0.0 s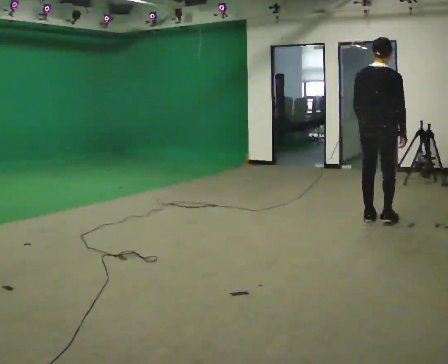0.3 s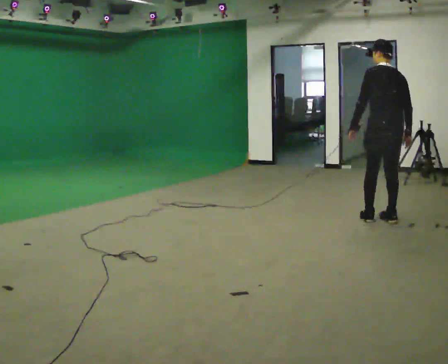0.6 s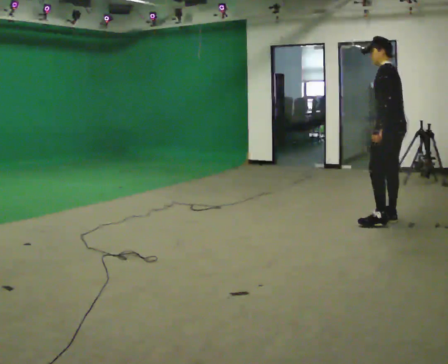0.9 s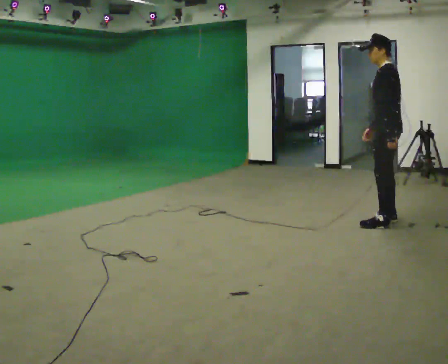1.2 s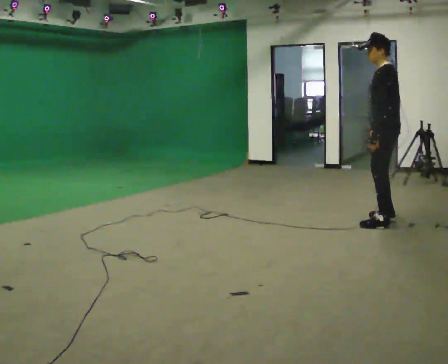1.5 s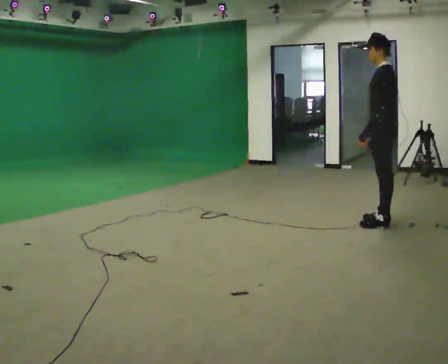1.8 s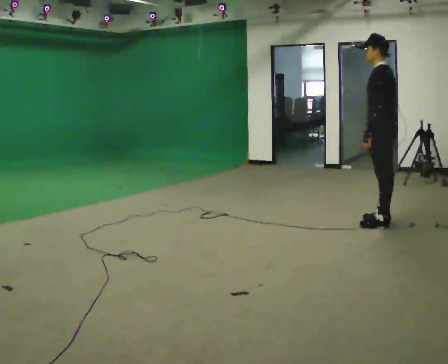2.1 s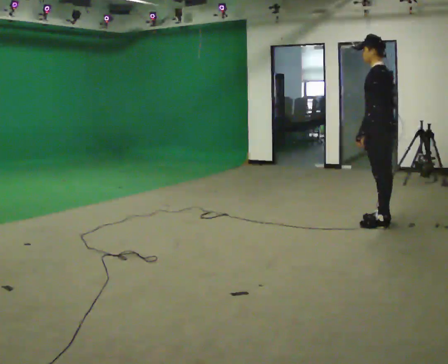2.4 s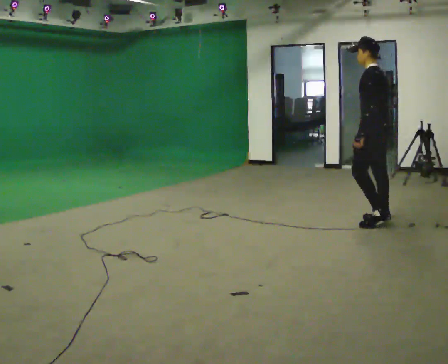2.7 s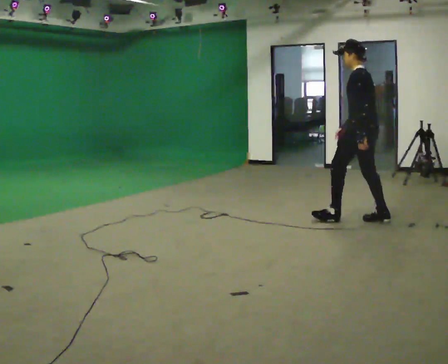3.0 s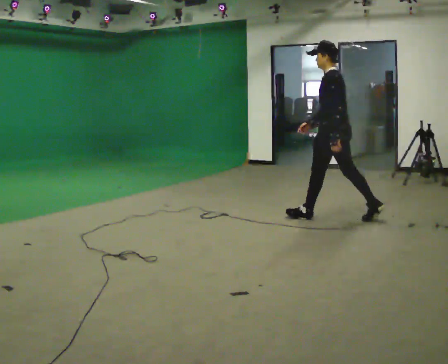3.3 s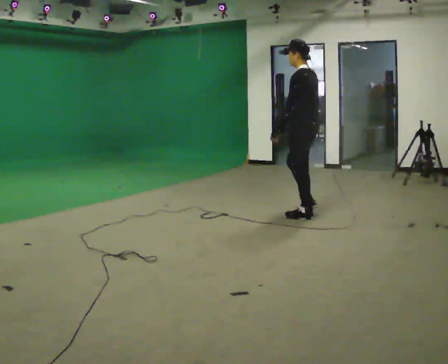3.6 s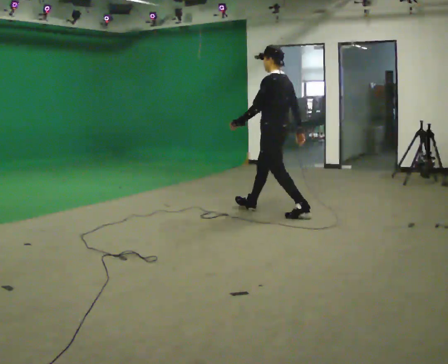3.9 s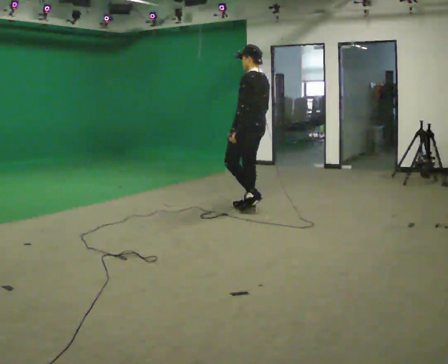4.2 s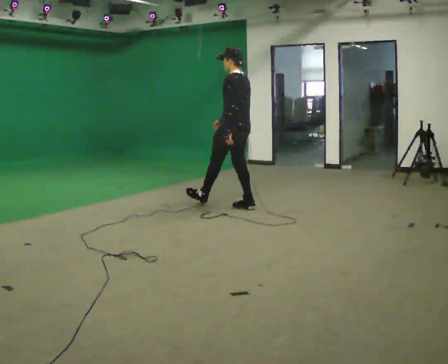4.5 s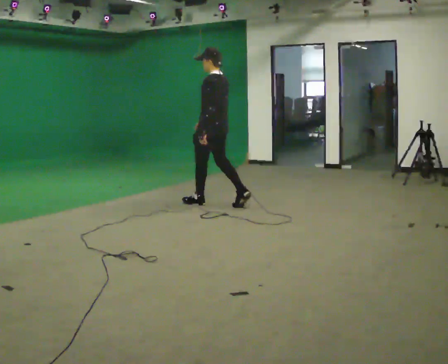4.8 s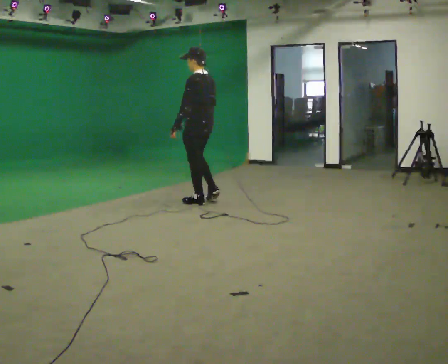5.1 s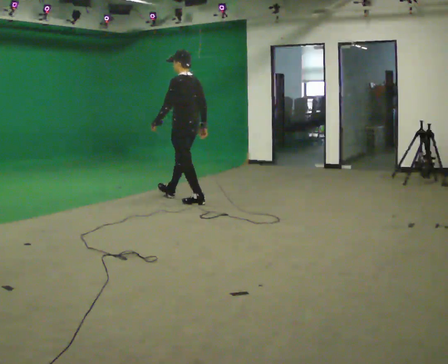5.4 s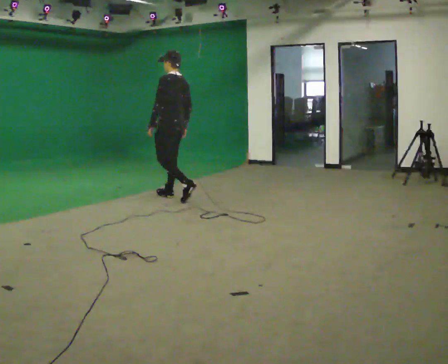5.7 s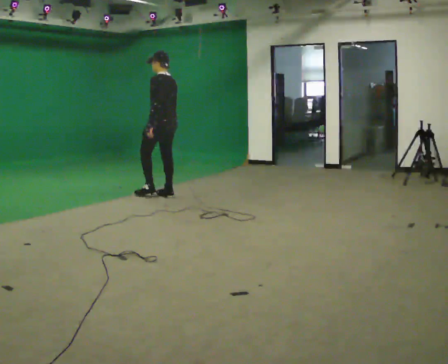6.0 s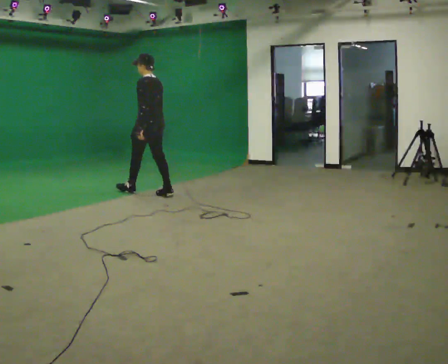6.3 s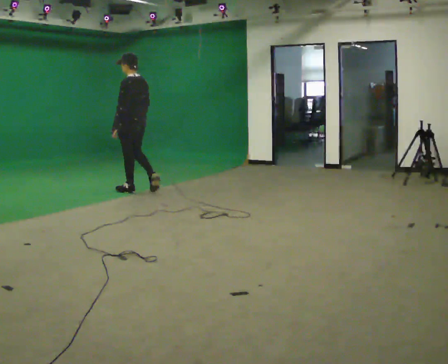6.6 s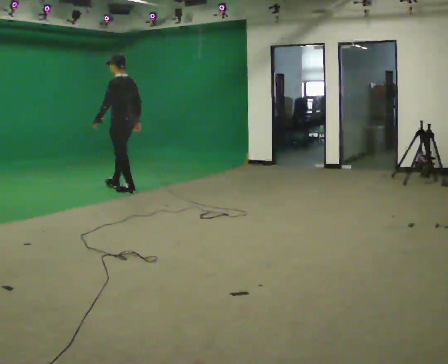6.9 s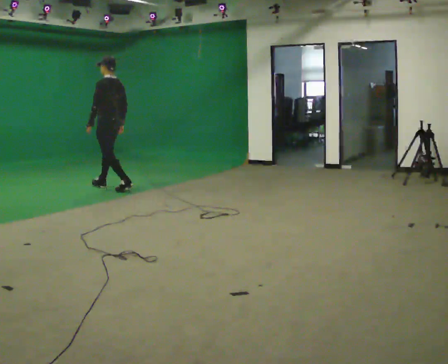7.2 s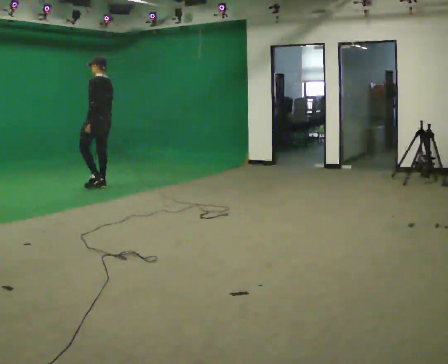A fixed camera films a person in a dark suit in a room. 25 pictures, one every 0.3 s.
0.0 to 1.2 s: Seen from above the body turns counterclockwise, about 105 degrees: to their left, with its near side sliding to the right.
1.2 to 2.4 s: The person moves a little, or ends about where they began.
2.4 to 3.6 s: In the picture they go to the left and away from the camera, about 1 m in 2 steps, which for them is forward.
3.6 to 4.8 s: In the picture they go to the left and away from the camera, about 1 m in 1 step, which for them is forward.
4.8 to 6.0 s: In the picture they go to the left and away from the camera, about 1 m in 2 steps, which for them is forward.
6.0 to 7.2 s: In the picture they go to the left and away from the camera, about 1 m in 1 step, which for them is forward.
The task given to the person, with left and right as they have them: Start at normal speed; gradually slow over several steps; stop gently.
The film runs forward here.
